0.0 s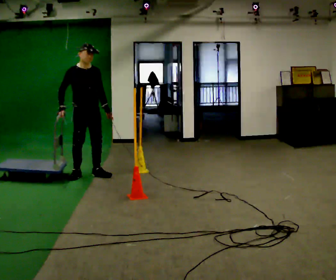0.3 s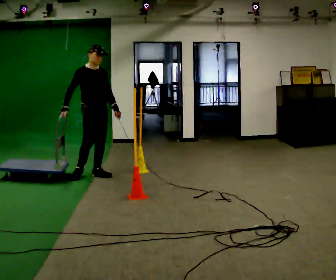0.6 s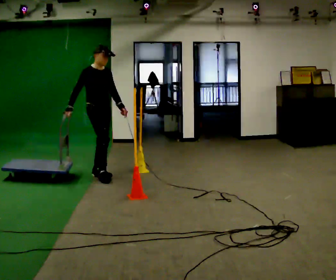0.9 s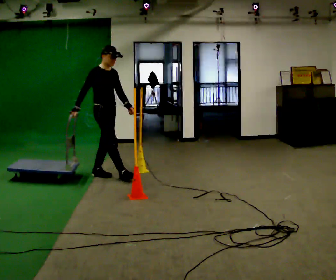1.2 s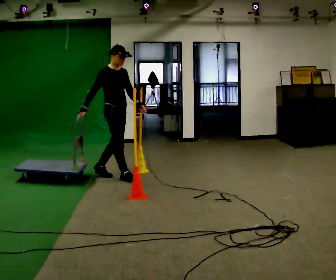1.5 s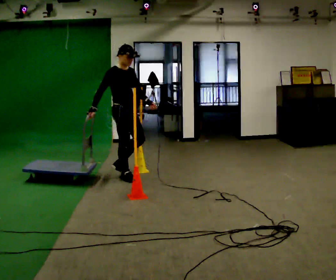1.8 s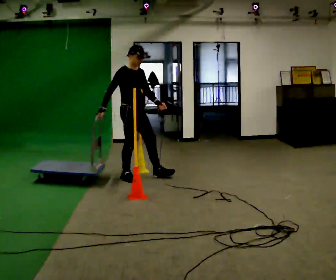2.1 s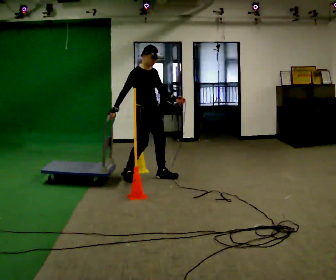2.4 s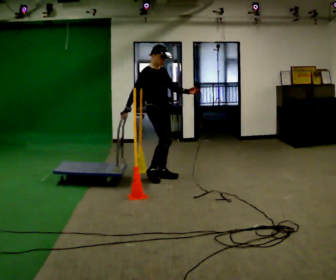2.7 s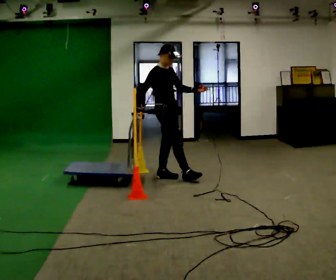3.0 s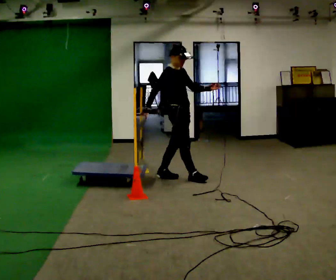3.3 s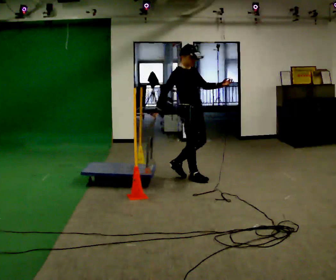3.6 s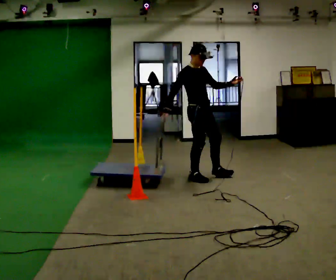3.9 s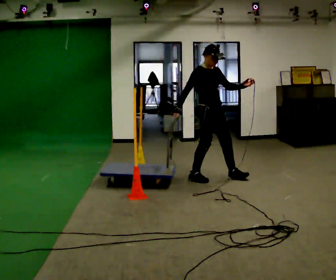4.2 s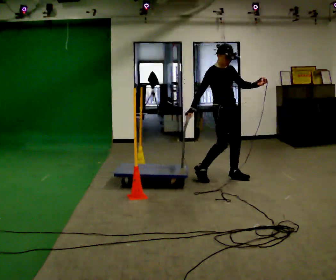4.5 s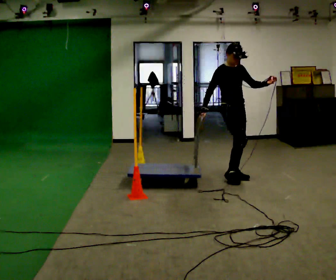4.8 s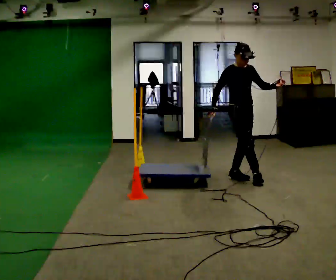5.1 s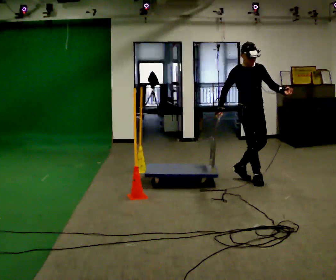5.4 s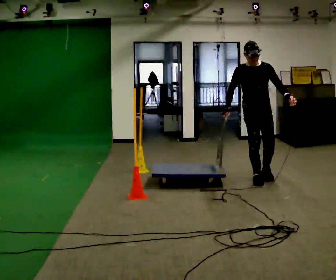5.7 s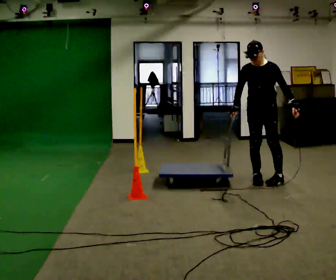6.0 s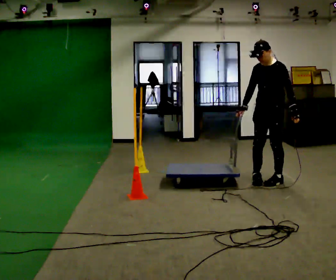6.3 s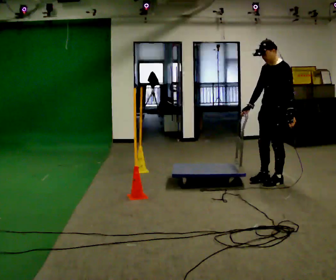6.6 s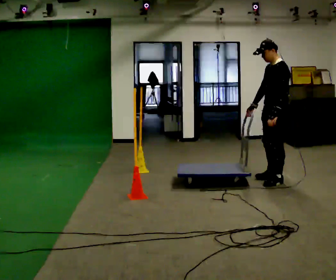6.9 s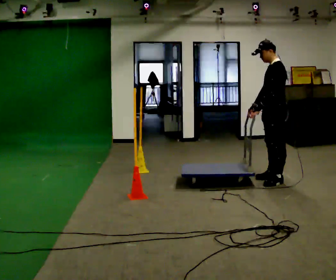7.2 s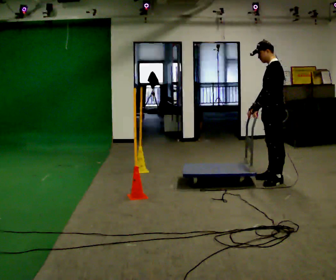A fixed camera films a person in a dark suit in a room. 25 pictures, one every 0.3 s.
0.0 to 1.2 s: The part of the body nearest the lens slides to the right as the person turns to their left by about 30 degrees. In the picture they go to the right, about 0.5 m in 1 step, which for them is forward.
1.2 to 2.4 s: In the picture they go to the right, about 0.5 m in 1 step, which for them is forward and to their left.
2.4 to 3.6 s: In the picture they go to the right, about 0.5 m in 1 step, which for them is forward.
3.6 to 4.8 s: In the picture they go to the right, about 0.5 m in 2 steps, which for them is forward and to their left.
4.8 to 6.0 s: The person turns about 90 degrees to their right, clockwise seen from above, so the part of the body nearest the lens slides to the left. In the picture they go to the right and toward the camera, about 0.5 m in 1 step.
6.0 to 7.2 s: The part of the body nearest the lens slides to the left as the person turns to their right by about 45 degrees. In the picture their left hand goes to the left, the arm swinging clockwise.
The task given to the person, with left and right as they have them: Push the cart through the gap between the poles without touching them, then bring it back through.
The film runs forward here.
